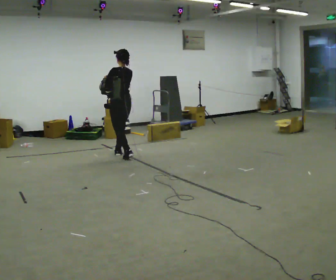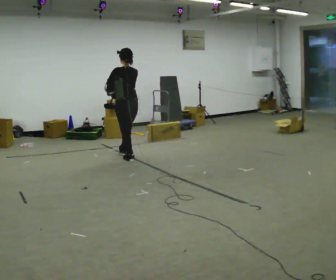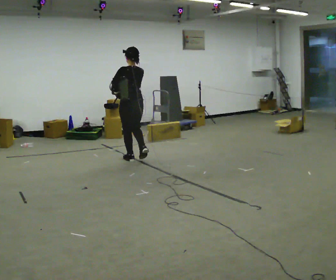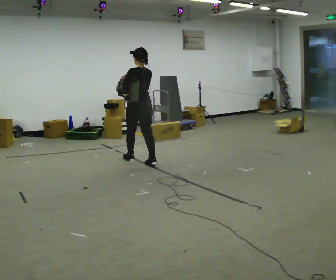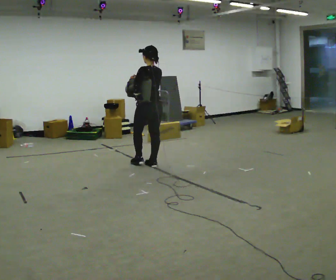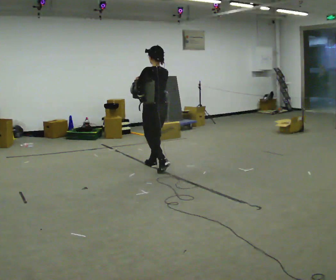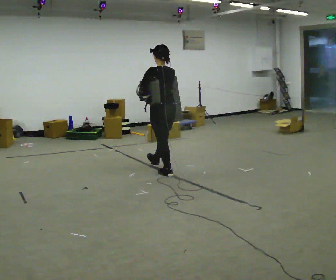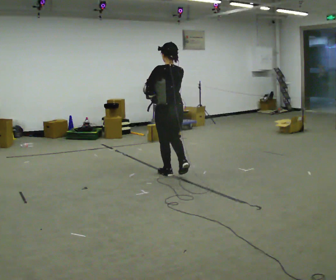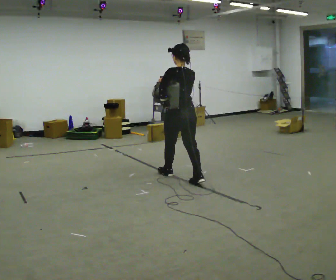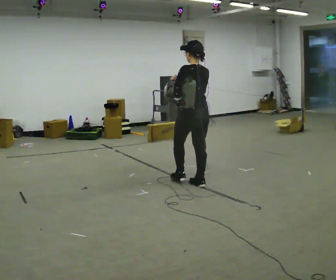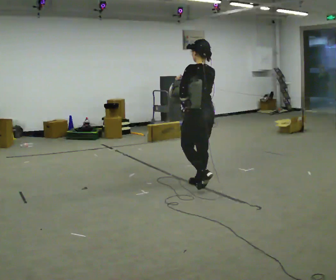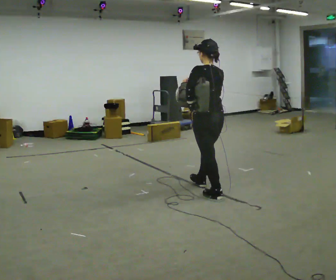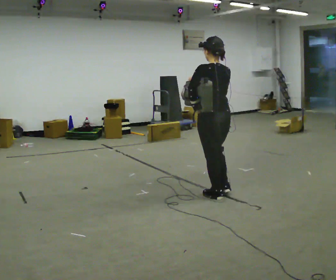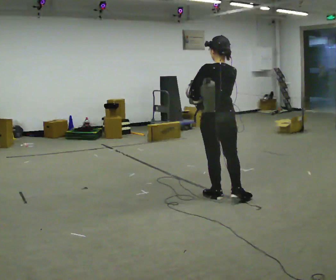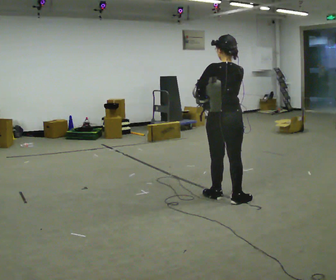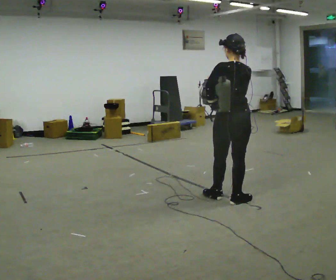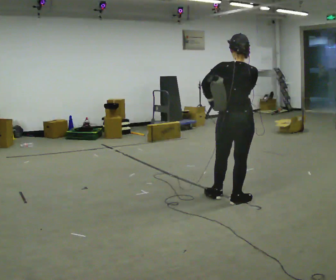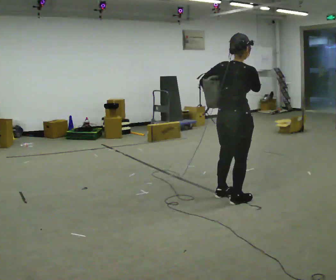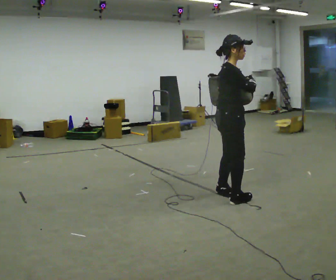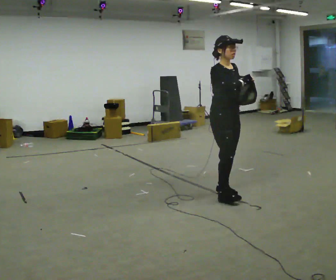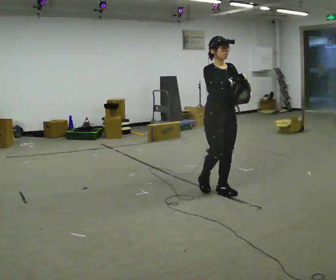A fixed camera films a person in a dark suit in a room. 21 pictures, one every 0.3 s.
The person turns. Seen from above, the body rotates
clockwise.
The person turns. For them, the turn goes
to their right.
0.0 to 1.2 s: In the picture they go to the right and toward the camera, about 0.5 m in 2 steps, which for them is backward.
1.2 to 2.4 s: In the picture they go toward the camera and to the right, about 1 m in 1 step, which for them is backward.
2.4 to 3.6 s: In the picture they go toward the camera and to the right, about 0.5 m in 2 steps, which for them is backward.
3.6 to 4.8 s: Seen from above the body turns clockwise, about 30 degrees: to their right, with its near side sliding to the left. In the picture they go to the right and toward the camera, about 0.25 m, which for them is backward and to their right.
4.8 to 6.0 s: Seen from above the body turns clockwise, about 150 degrees: to their right, with its near side sliding to the left. In the picture they go away from the camera and to the left, about 0.5 m in 2 steps.
The film runs backward here.
